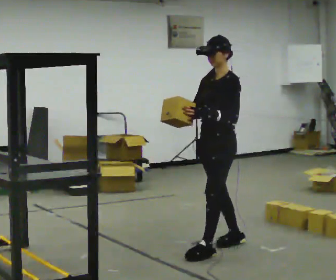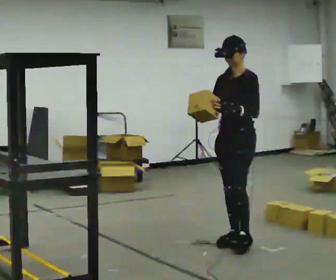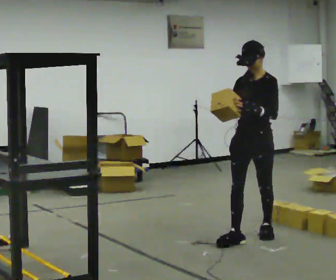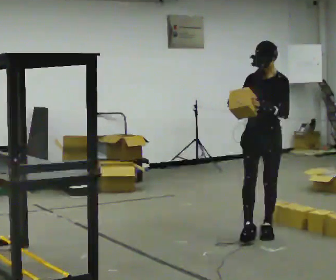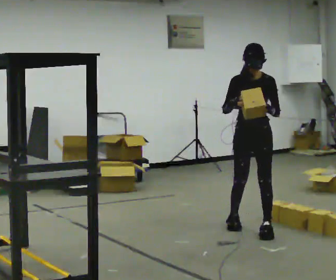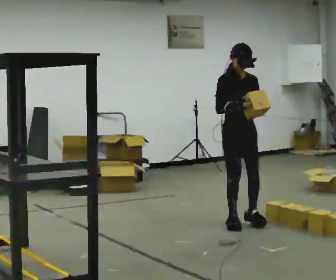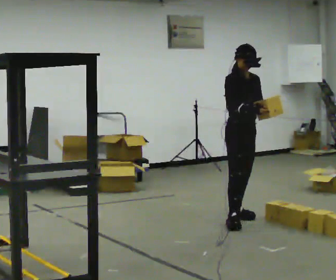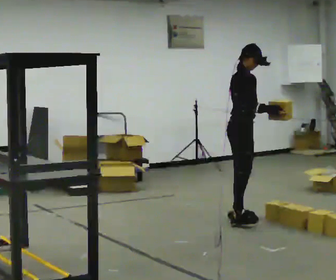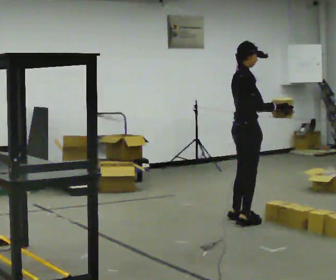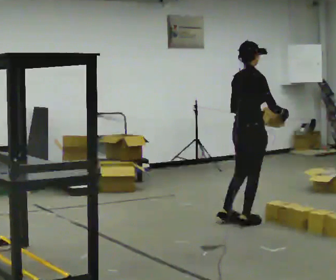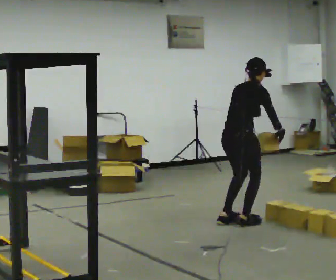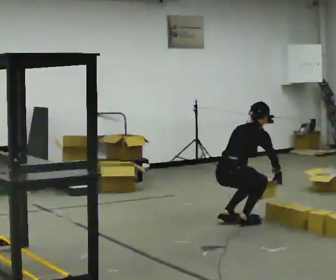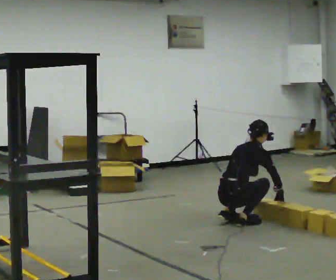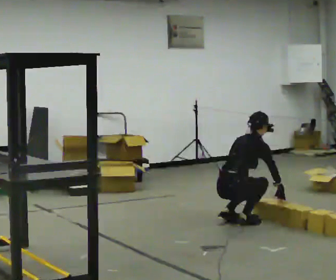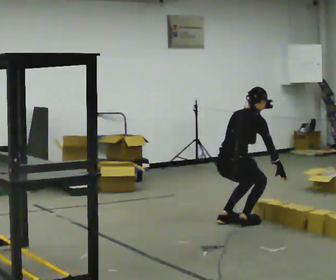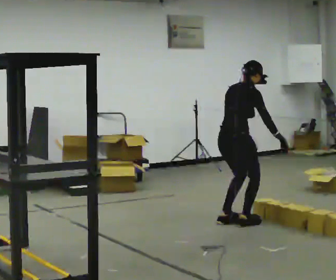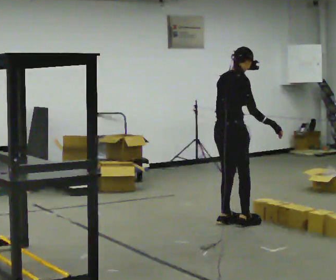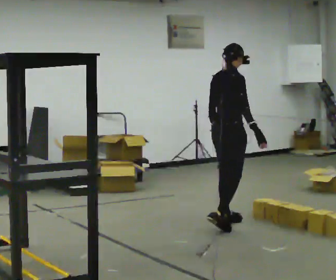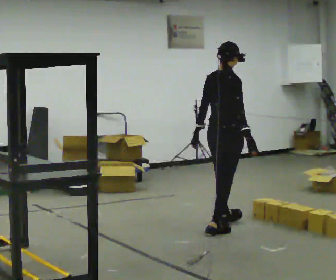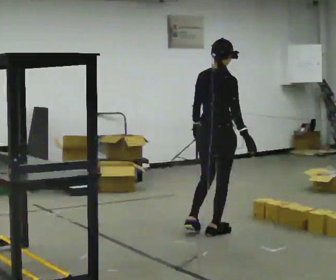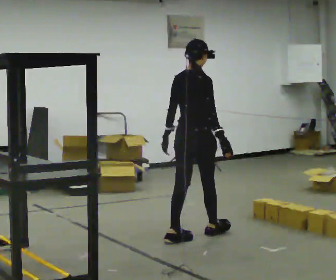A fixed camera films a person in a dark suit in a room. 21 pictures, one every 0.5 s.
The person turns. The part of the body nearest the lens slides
to the right.
The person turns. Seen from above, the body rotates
counterclockwise.
0.0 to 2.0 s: The person turns about 45 degrees to their left, counterclockwise seen from above, so the part of the body nearest the lens slides to the right. In the picture they go away from the camera and to the right, about 0.75 m in 2 steps, which for them is backward.
2.0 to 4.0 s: Seen from above the body turns counterclockwise, about 105 degrees: to their left, with its near side sliding to the right. In the picture they go away from the camera, about 0.5 m in 1 step.
4.0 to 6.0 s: Seen from above the body turns counterclockwise, about 30 degrees: to their left, with its near side sliding to the right. In the picture they go toward the camera, about 0.25 m in 1 step, which for them is backward. The upper body goes downward. The upper body tips away from the camera, its near side rolling upward, as they bend forward. In the picture their left hand goes downward.
6.0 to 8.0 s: The upper body goes upward. The upper body tips toward the camera, its near side rolling downward, as they lean back or straighten. In the picture their right hand goes upward.
8.0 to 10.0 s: In the picture they go toward the camera and to the left, about 0.75 m in 2 steps, which for them is backward and to their right.
The film runs backward here.
